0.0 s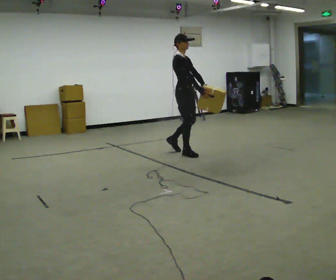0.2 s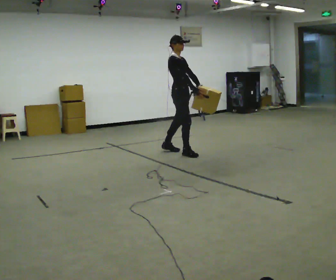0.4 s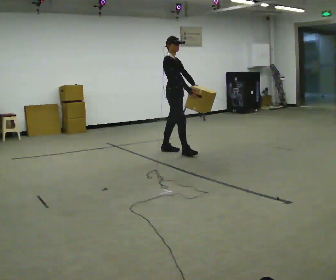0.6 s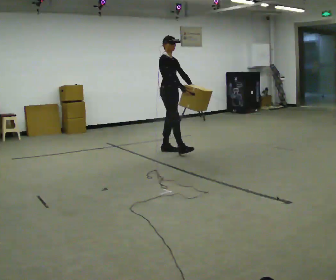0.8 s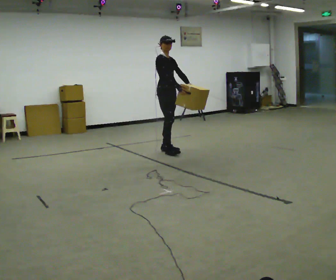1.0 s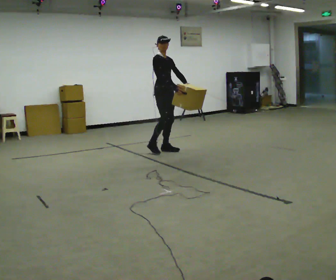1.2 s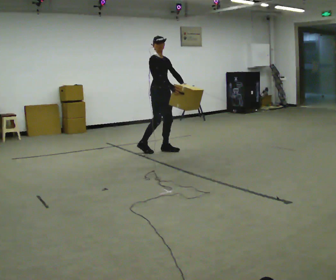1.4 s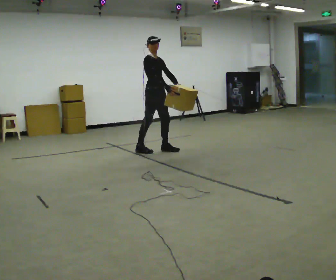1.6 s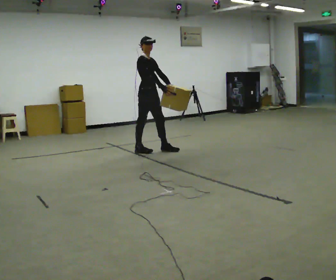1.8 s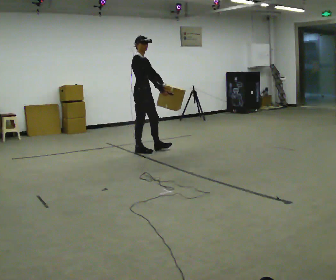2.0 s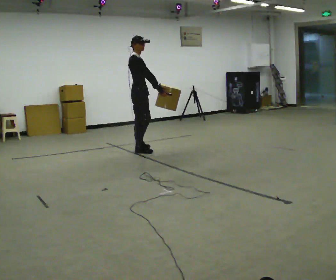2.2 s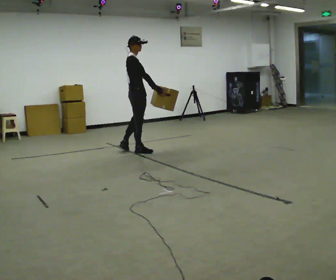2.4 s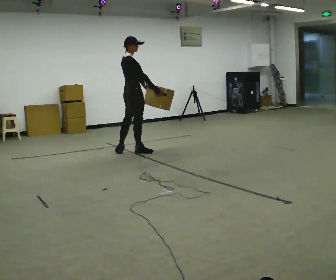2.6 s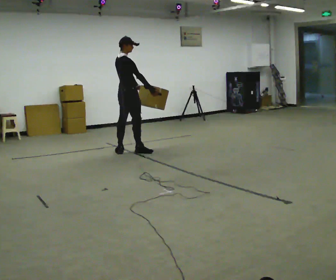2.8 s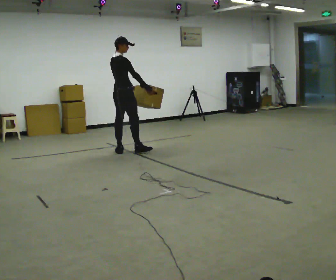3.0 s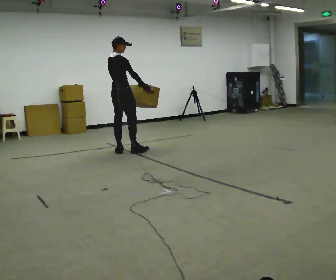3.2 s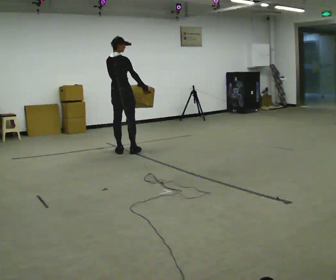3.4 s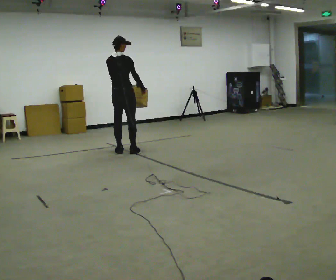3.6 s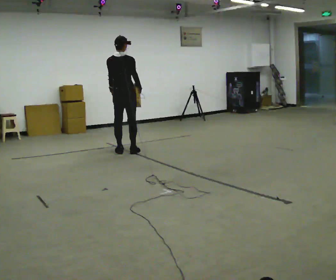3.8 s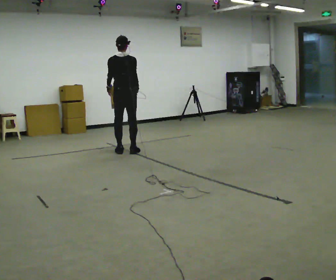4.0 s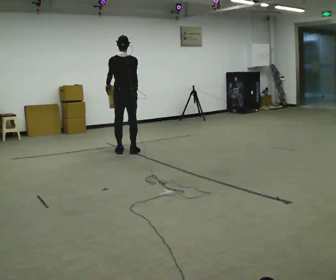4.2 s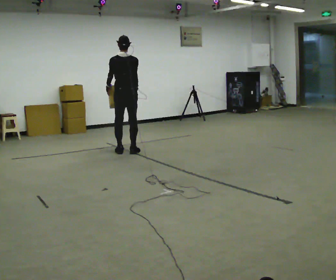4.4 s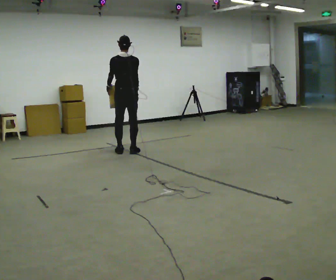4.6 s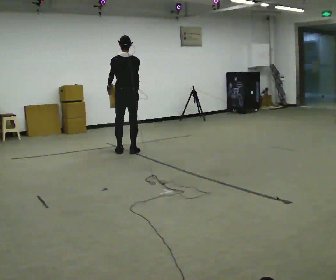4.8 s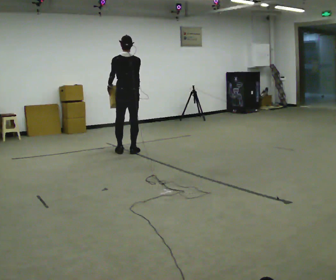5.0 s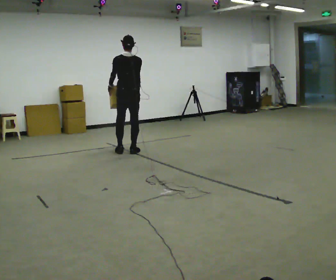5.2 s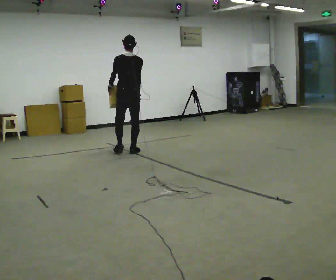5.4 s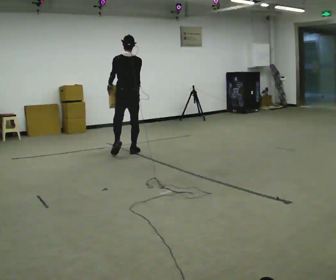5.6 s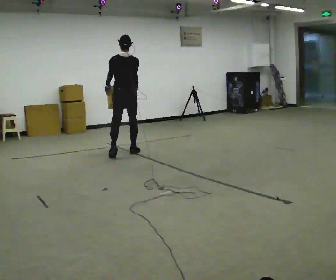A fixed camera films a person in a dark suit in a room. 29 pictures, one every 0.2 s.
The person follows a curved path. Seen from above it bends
counterclockwise.
Their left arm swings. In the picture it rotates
clockwise.
0.0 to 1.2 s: In the picture they go to the left and away from the camera, about 0.5 m in 1 step, which for them is backward.
1.2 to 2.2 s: The part of the body nearest the lens slides to the right as the person turns to their left by about 45 degrees. In the picture they go to the left, about 0.25 m in 1 step, which for them is backward and to their right.
2.2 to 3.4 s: The part of the body nearest the lens slides to the right as the person turns to their left by about 60 degrees. In the picture they go to the left, about 0.25 m, which for them is backward. In the picture their left hand goes to the left, the arm swinging clockwise.
3.4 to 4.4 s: Seen from above the body turns counterclockwise, about 30 degrees: to their left, with its near side sliding to the right.
4.4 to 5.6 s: The person moves a little, or ends about where they began.
The film runs backward here.
